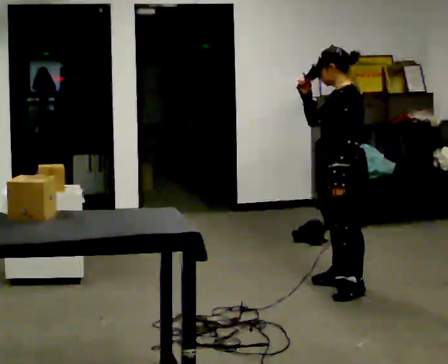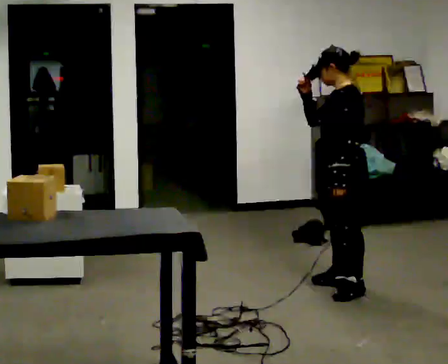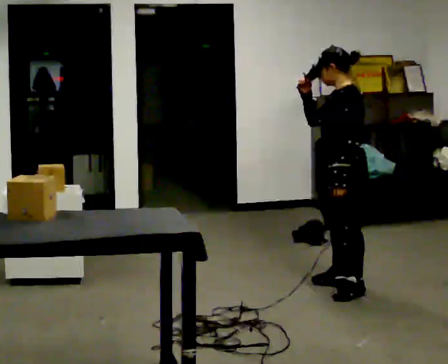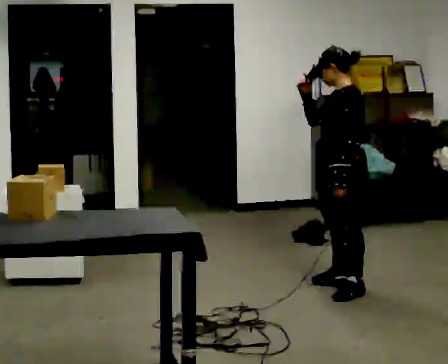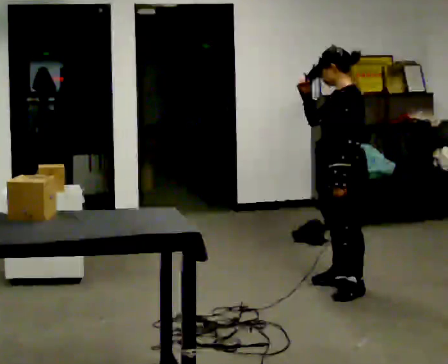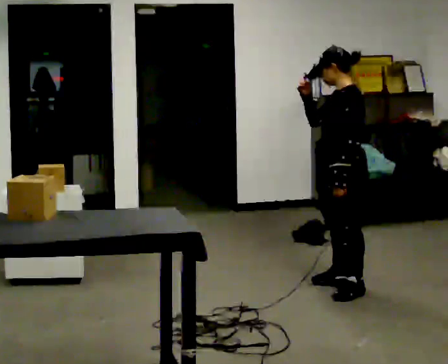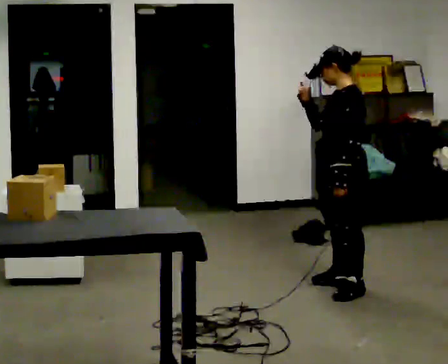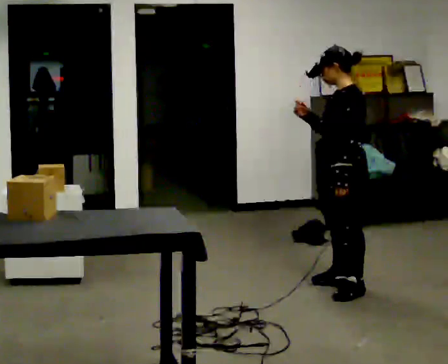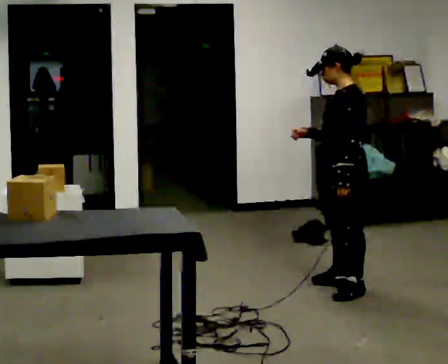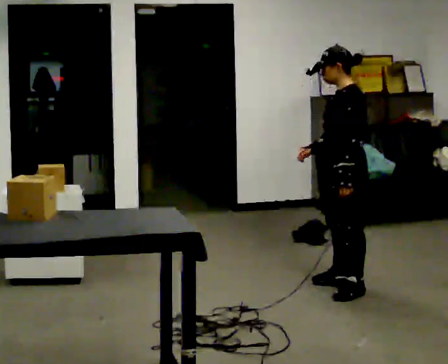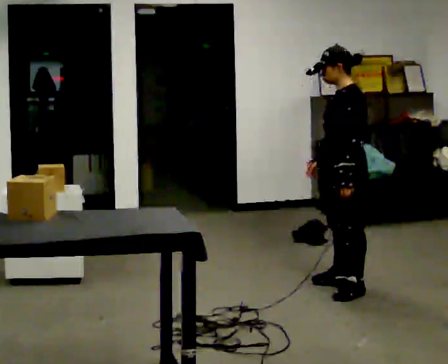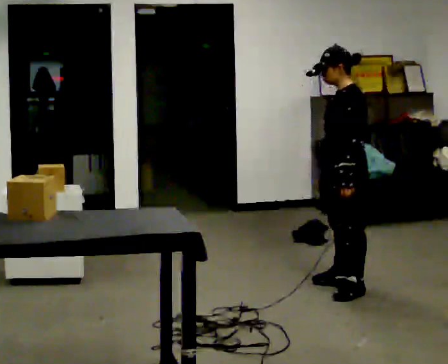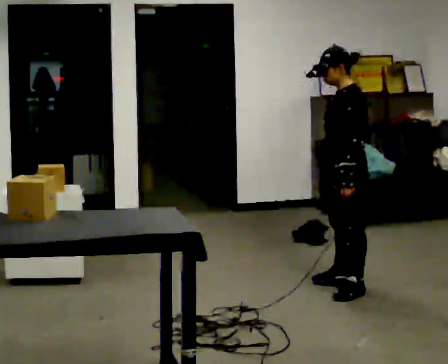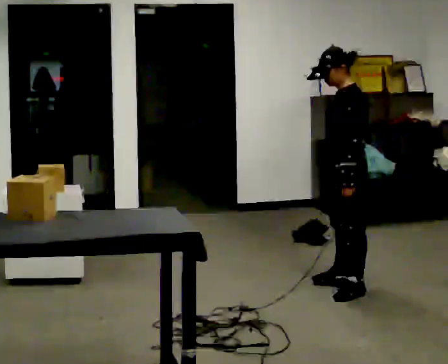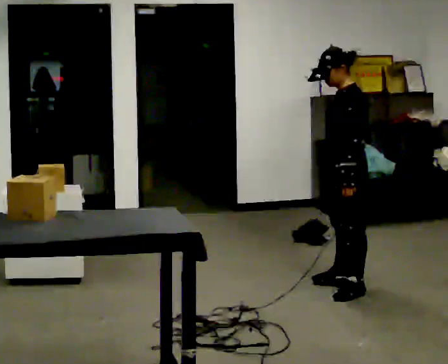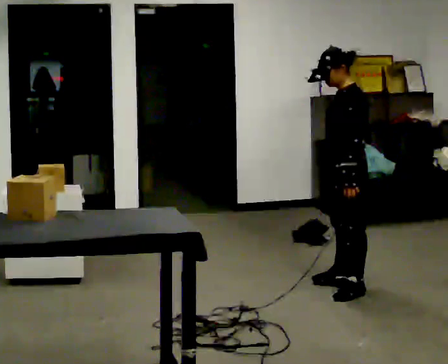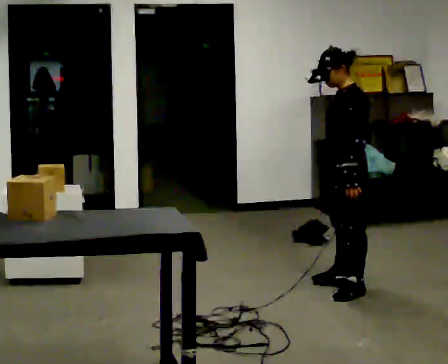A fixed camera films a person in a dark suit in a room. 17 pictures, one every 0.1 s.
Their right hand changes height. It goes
downward.
0.0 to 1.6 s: In the picture their right hand goes downward.
The film runs forward here.
